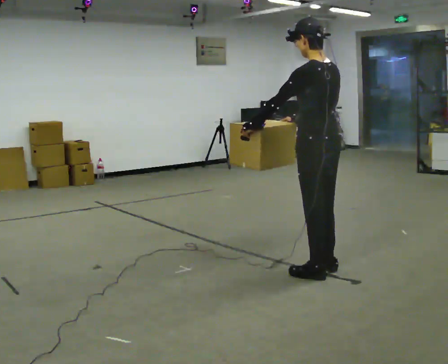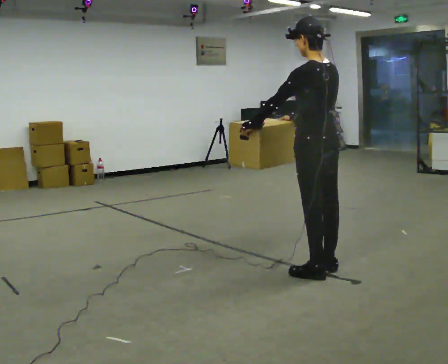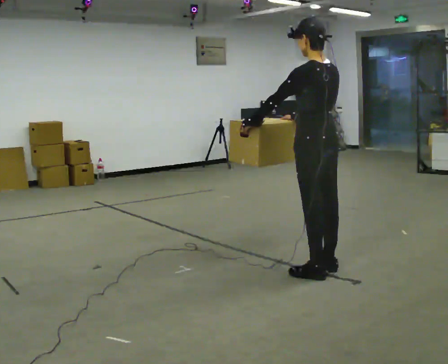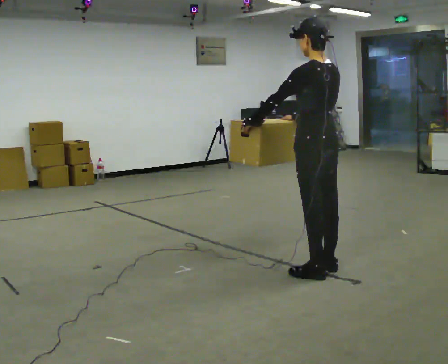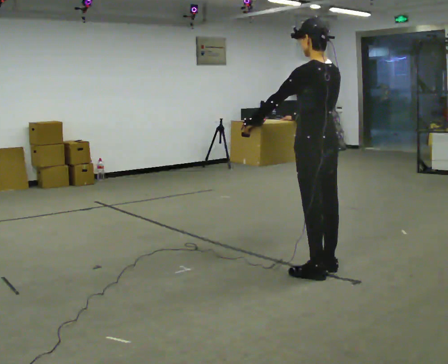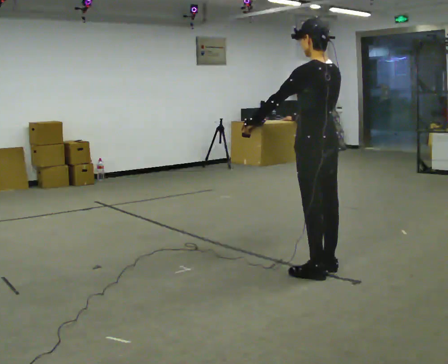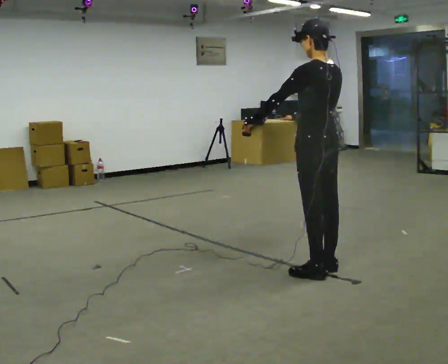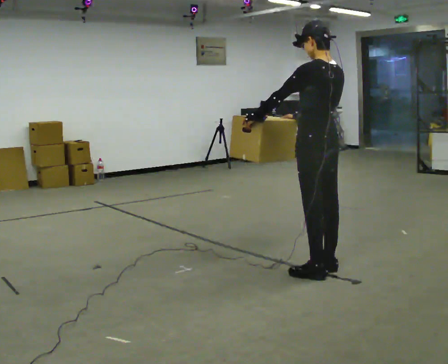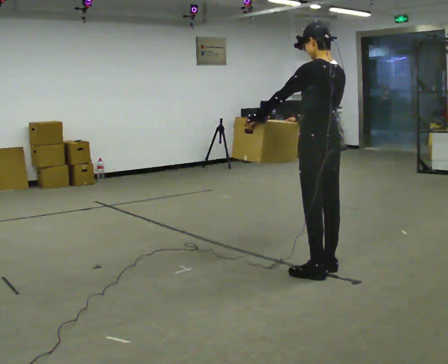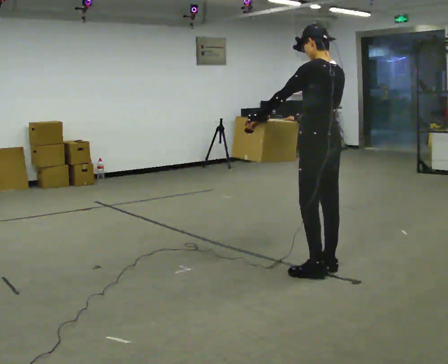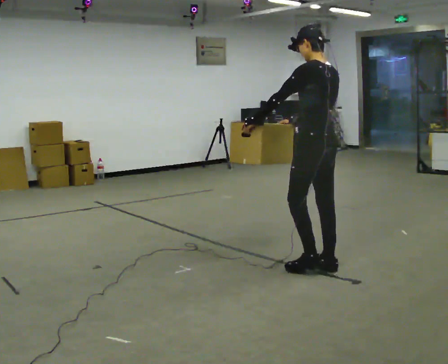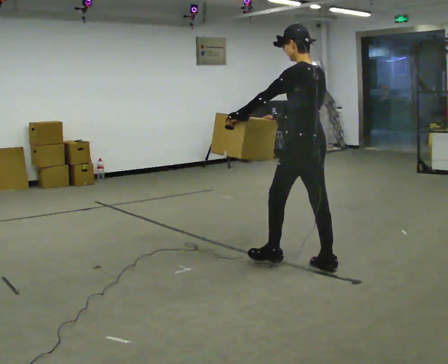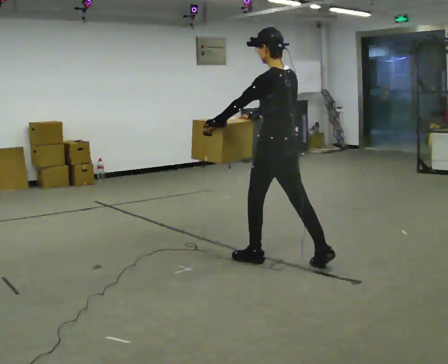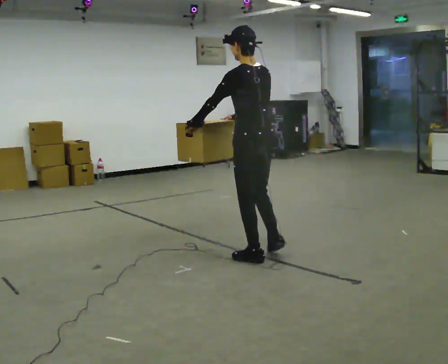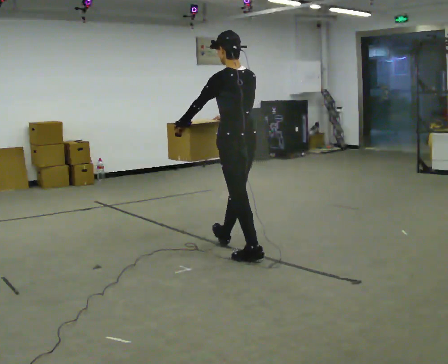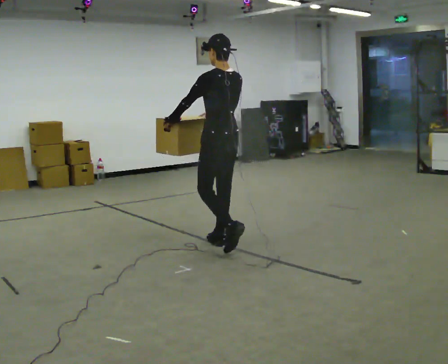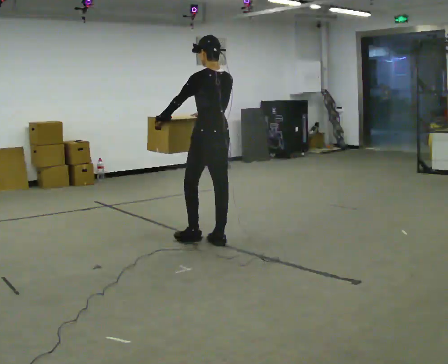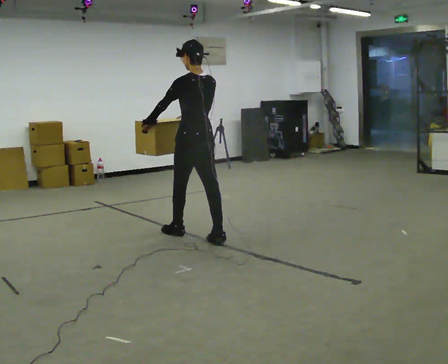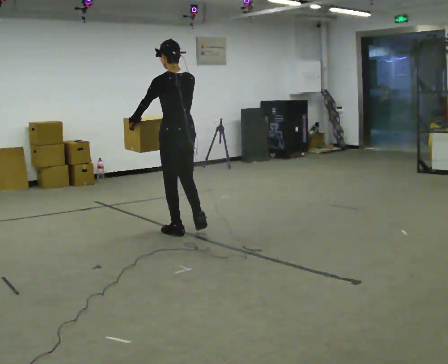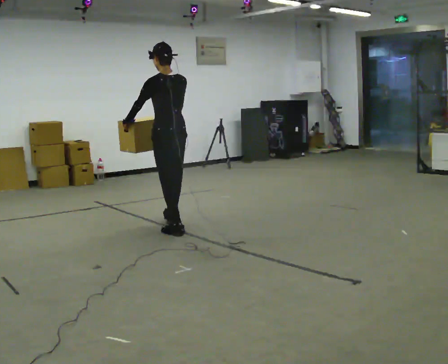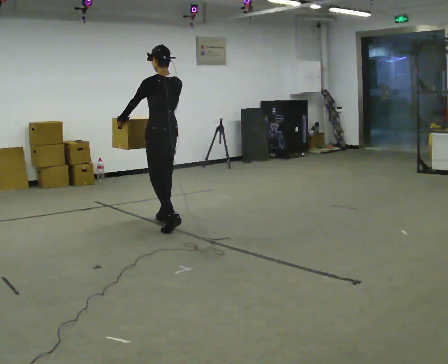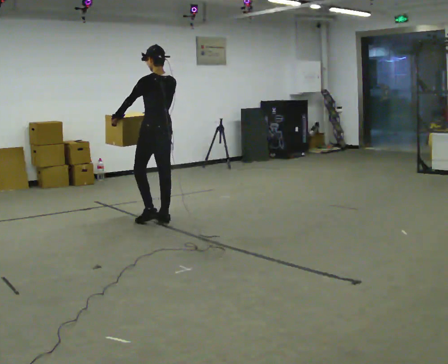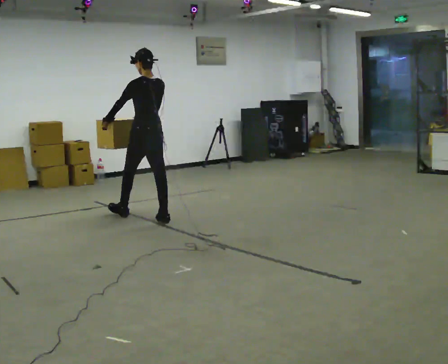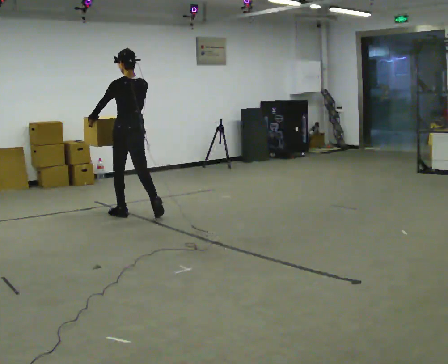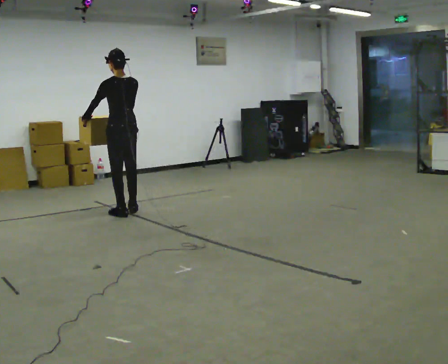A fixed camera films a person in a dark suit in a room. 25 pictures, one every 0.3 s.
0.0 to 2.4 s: The person moves a little, or ends about where they began.
2.4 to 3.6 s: In the picture they go to the left and away from the camera, about 0.5 m in 1 step, which for them is forward.
3.6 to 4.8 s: In the picture they go away from the camera and to the left, about 1 m in 1 step, which for them is forward.
4.8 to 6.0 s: In the picture they go away from the camera and to the left, about 1 m in 2 steps, which for them is forward.
6.0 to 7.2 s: In the picture they go to the left and away from the camera, about 0.5 m in 1 step, which for them is forward.
The film runs forward here.
